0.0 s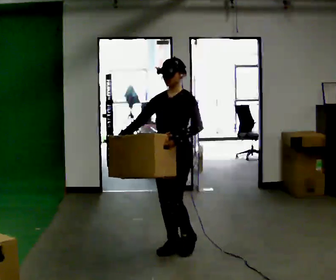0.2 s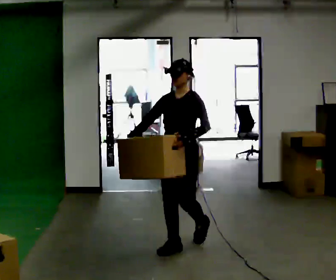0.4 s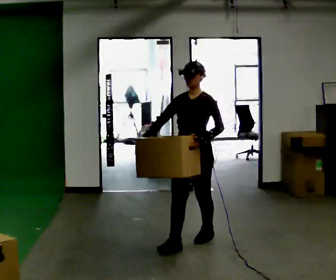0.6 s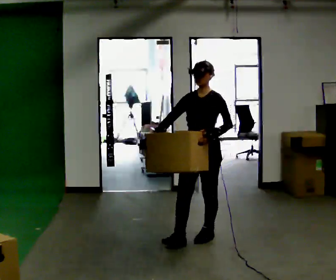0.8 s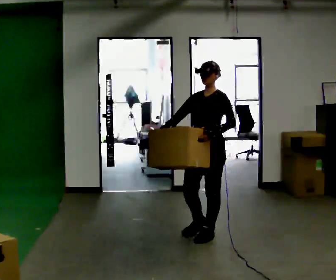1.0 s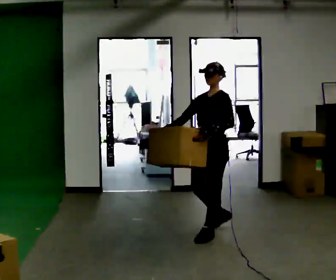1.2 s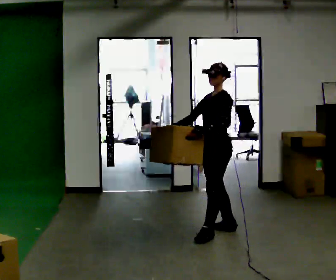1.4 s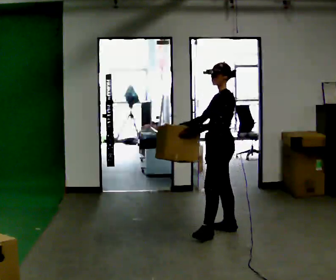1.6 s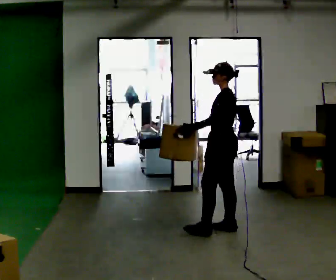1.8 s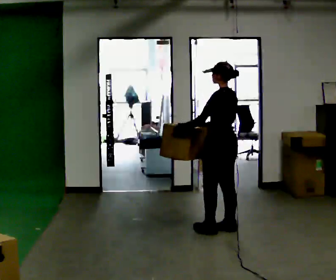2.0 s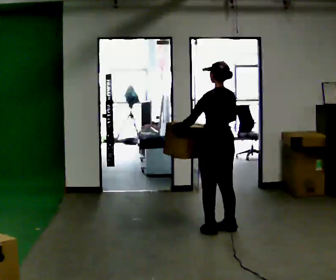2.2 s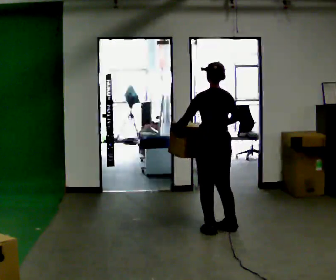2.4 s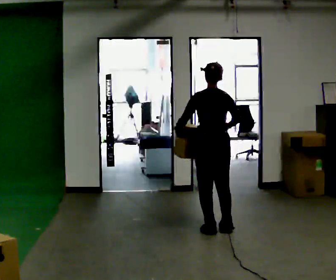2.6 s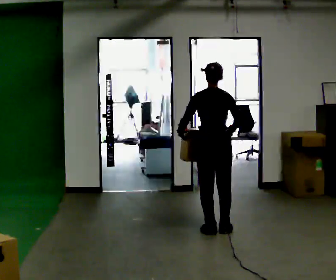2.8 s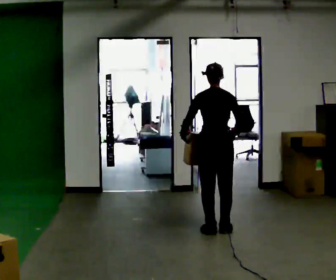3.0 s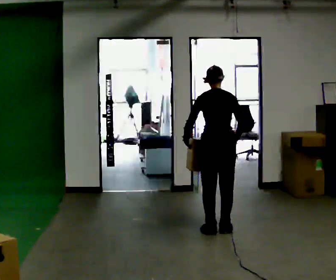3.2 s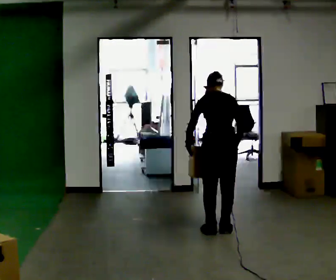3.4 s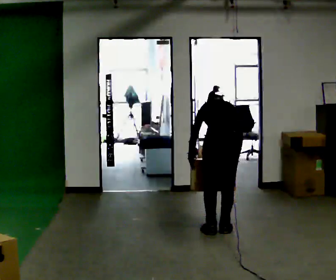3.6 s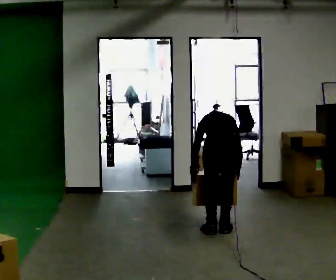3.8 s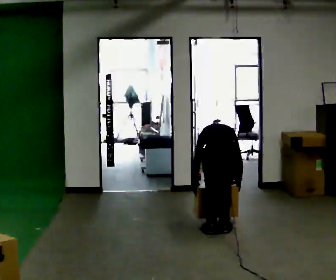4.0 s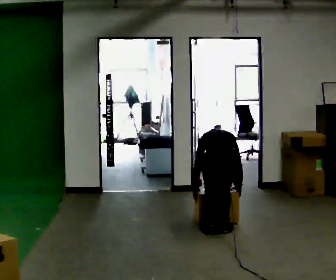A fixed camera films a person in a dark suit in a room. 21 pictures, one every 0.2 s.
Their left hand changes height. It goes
downward.
Their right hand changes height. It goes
downward.
0.0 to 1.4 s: The person turns about 45 degrees to their right, clockwise seen from above, so the part of the body nearest the lens slides to the left. In the picture they go away from the camera and to the right, about 0.5 m in 1 step, which for them is backward.
1.4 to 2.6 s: Seen from above the body turns clockwise, about 90 degrees: to their right, with its near side sliding to the left. In the picture their right hand goes to the right.
2.6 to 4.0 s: The upper body goes downward. The upper body tips away from the camera, its near side rolling upward, as they bend forward. In the picture their right hand goes downward.
The film runs backward here.
